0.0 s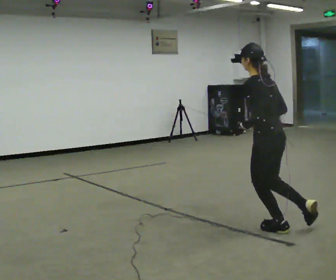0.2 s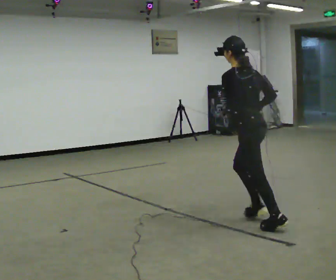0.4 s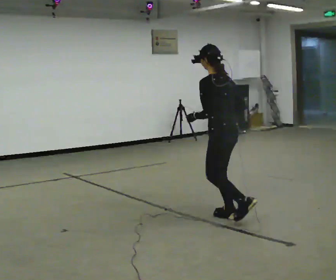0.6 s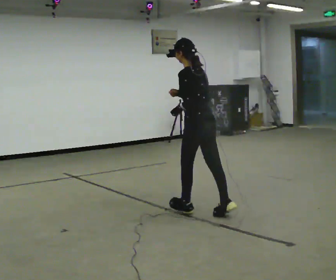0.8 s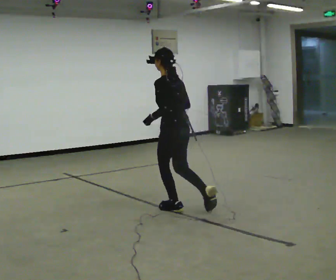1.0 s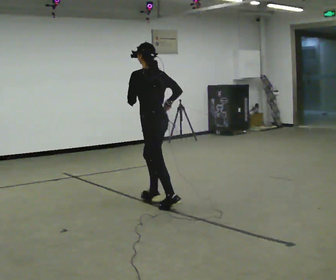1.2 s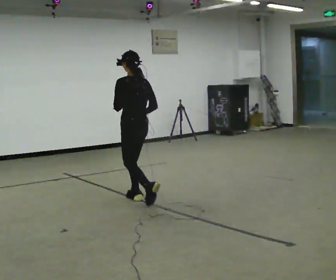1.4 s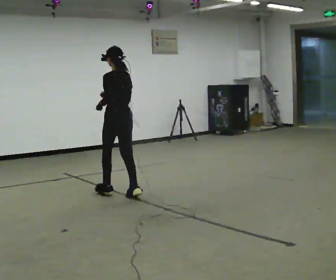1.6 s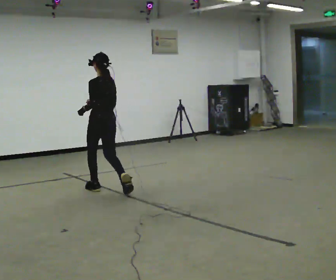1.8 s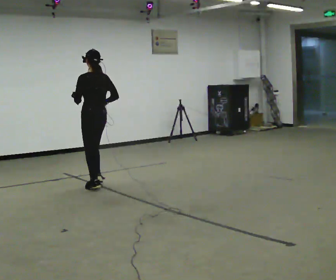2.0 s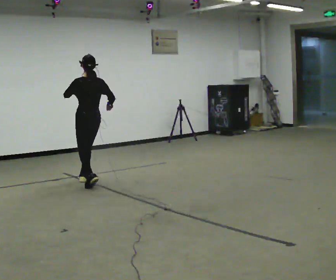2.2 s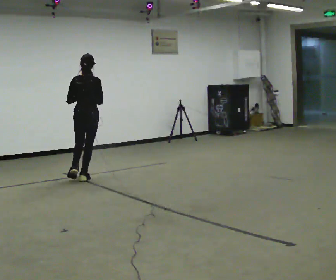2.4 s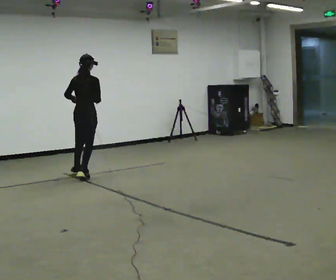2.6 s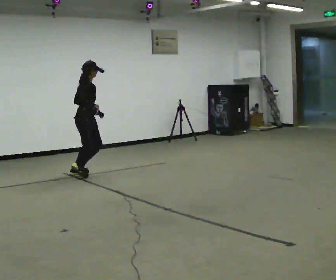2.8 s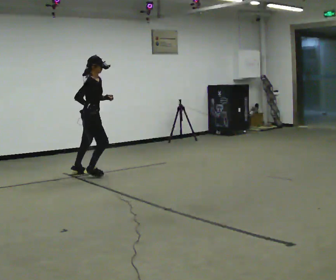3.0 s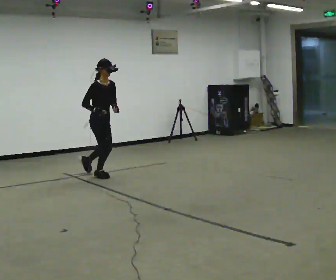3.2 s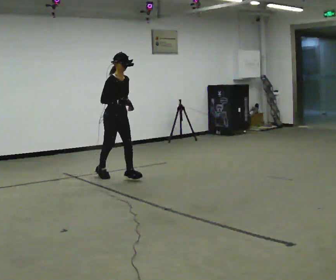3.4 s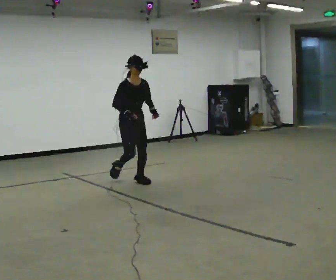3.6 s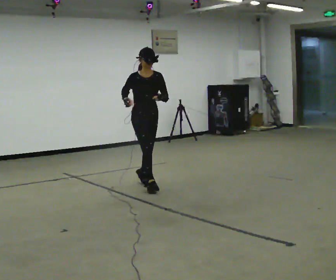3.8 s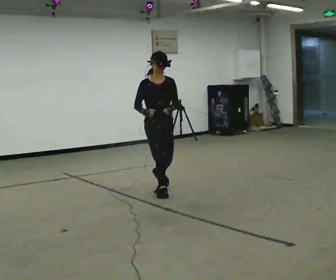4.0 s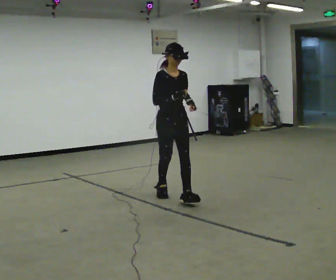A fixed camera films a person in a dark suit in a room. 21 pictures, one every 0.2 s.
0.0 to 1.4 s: In the picture they go away from the camera and to the left, about 2 m in 3 steps, which for them is forward.
1.4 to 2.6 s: Seen from above the body turns clockwise, about 105 degrees: to their right, with its near side sliding to the left. In the picture they go away from the camera, about 1 m in 3 steps.
2.6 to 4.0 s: Seen from above the body turns clockwise, about 90 degrees: to their right, with its near side sliding to the left. In the picture they go toward the camera and to the right, about 2 m in 3 steps.
The film runs forward here.
